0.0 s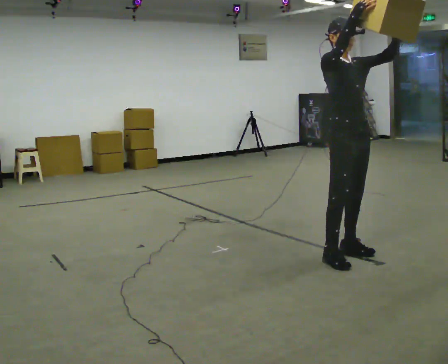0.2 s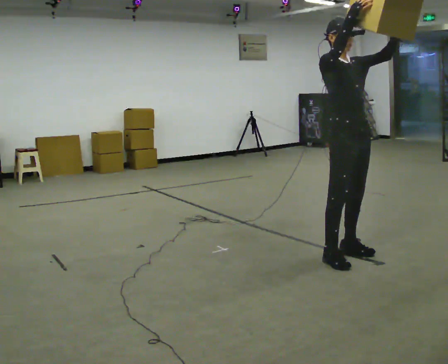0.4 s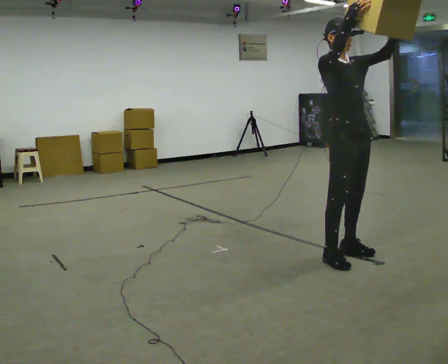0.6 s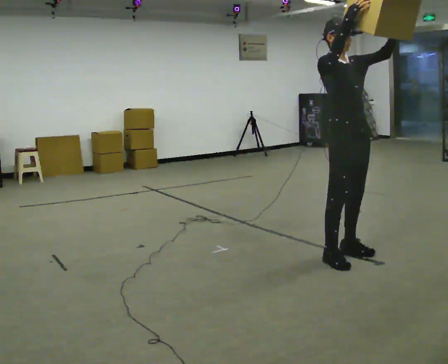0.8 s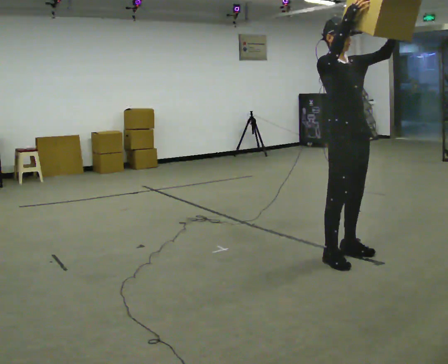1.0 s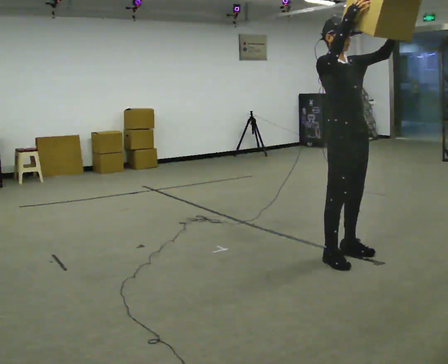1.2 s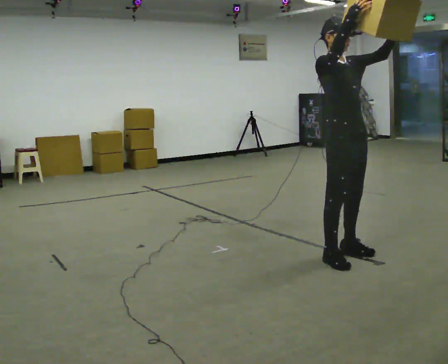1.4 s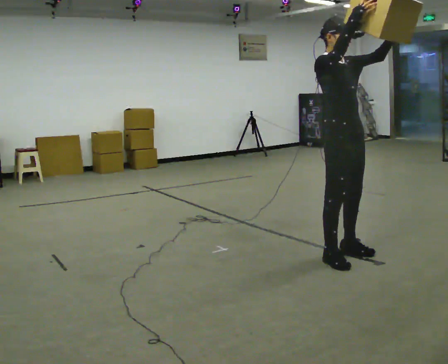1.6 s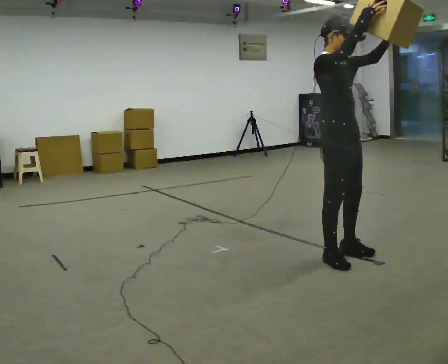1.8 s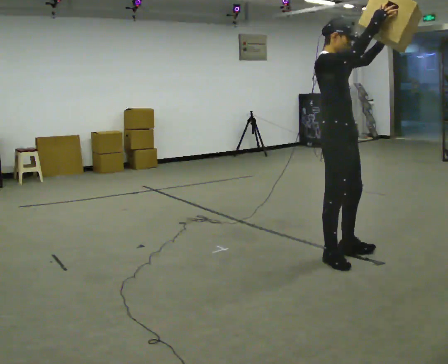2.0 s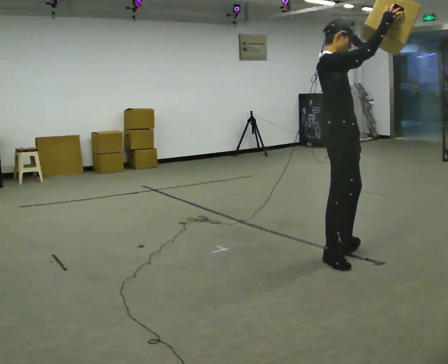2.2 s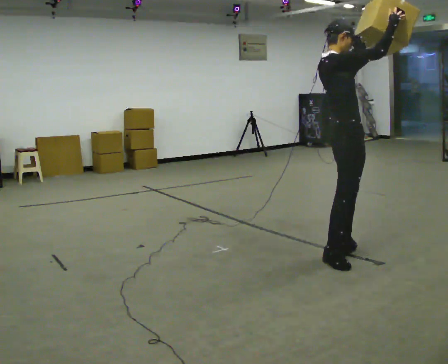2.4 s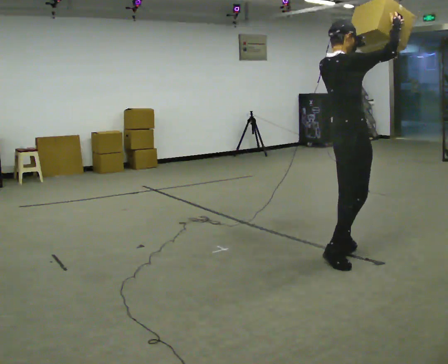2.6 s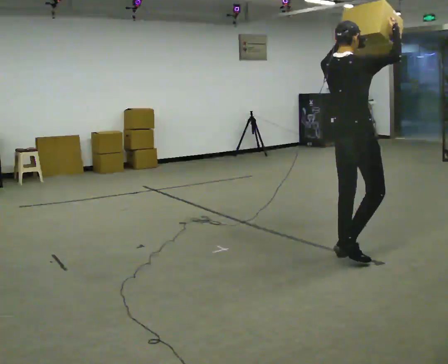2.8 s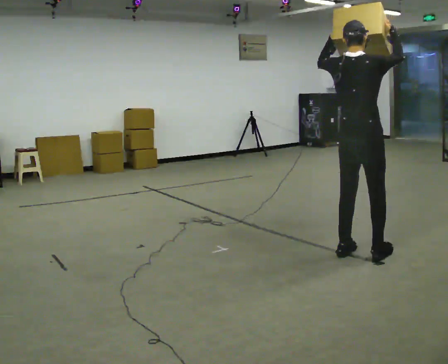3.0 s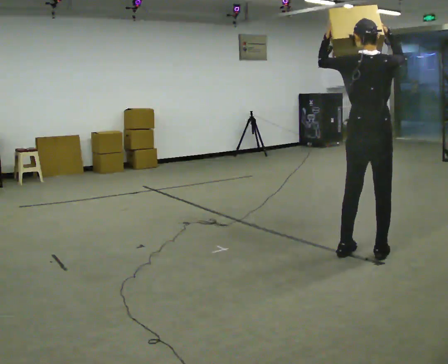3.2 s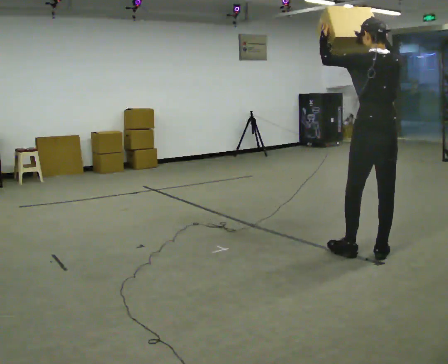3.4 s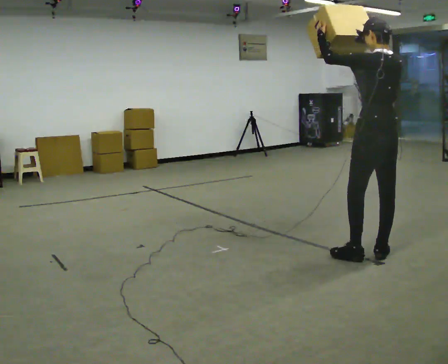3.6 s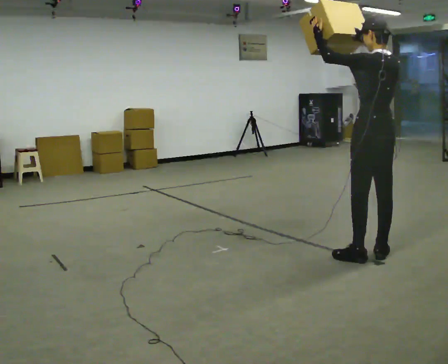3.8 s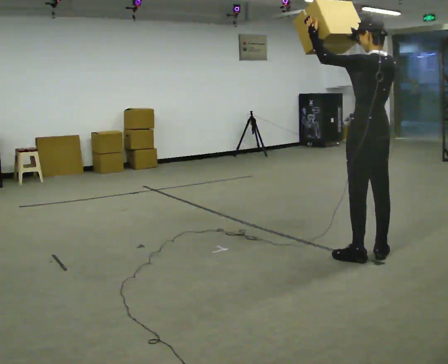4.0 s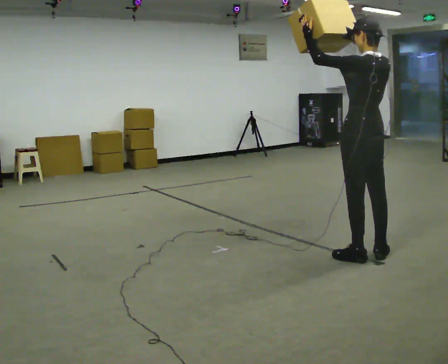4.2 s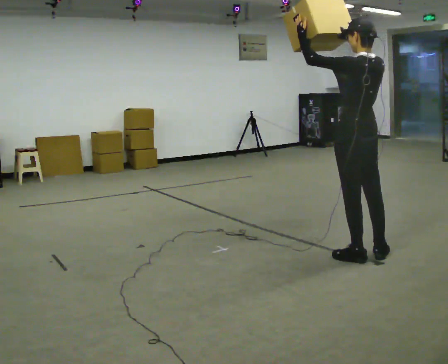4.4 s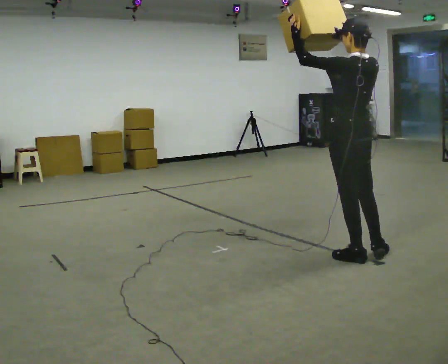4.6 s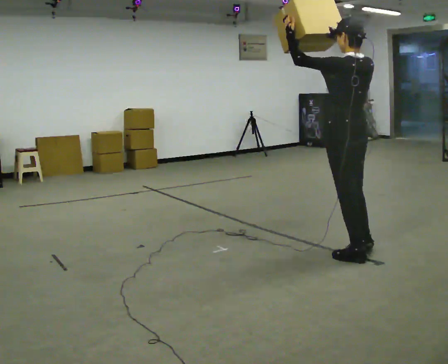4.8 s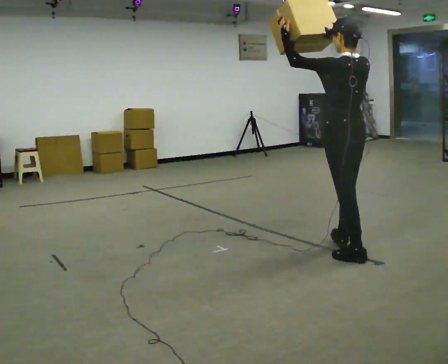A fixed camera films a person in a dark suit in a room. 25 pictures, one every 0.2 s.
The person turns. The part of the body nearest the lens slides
to the right.
The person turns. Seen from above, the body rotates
counterclockwise.
0.0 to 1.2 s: The person moves a little, or ends about where they began.
1.2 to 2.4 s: The person turns about 75 degrees to their left, counterclockwise seen from above, so the part of the body nearest the lens slides to the right. In the picture their left hand goes to the left.
2.4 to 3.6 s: The part of the body nearest the lens slides to the right as the person turns to their left by about 105 degrees. In the picture they go to the right, about 0.25 m in 2 steps.
3.6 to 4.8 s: In the picture they go to the left, about 0.25 m, which for them is to their left and forward.
The film runs forward here.
